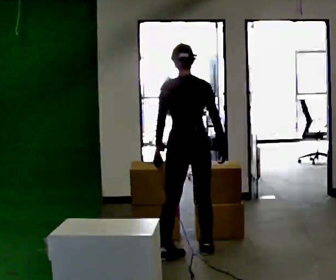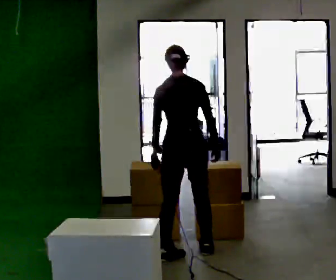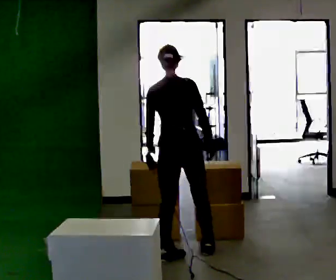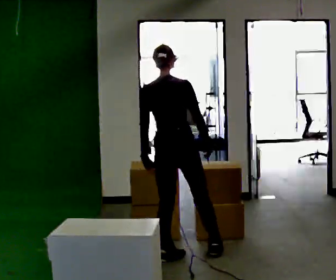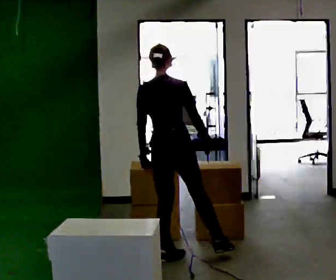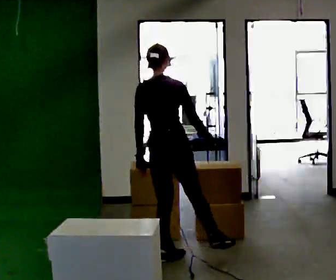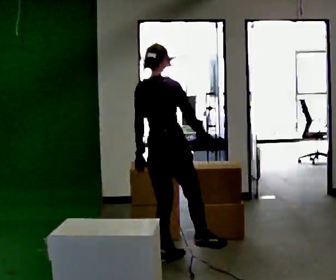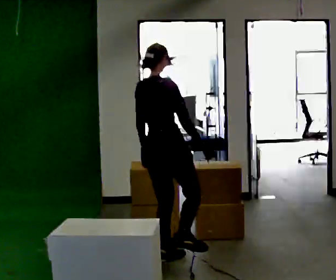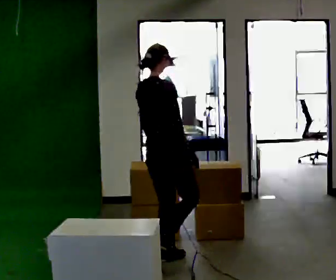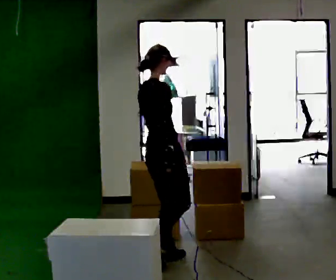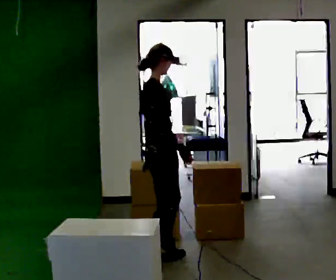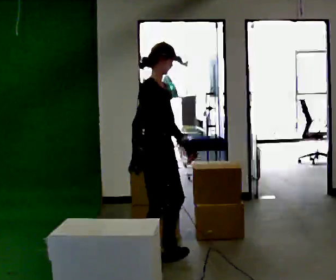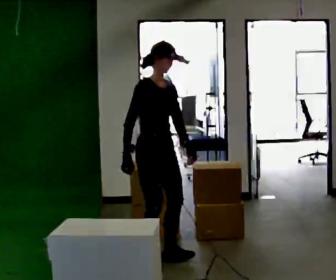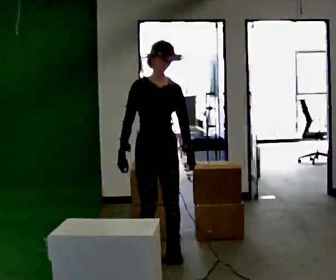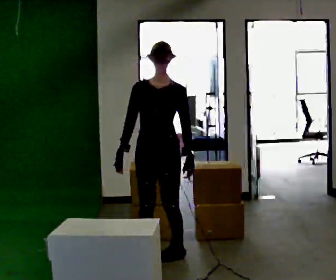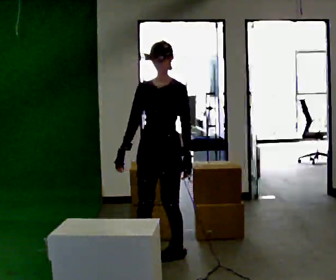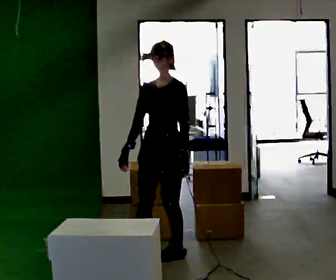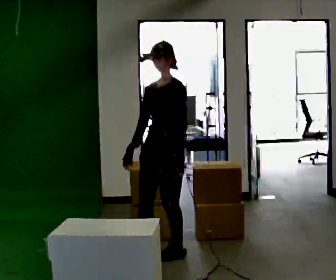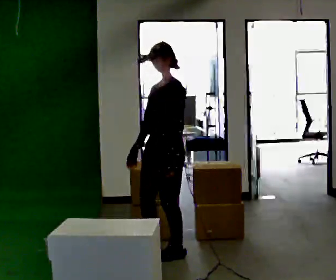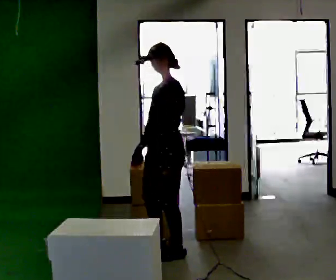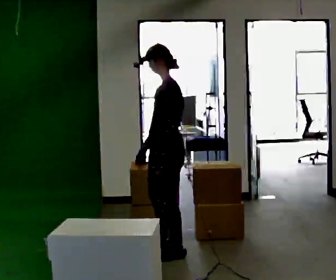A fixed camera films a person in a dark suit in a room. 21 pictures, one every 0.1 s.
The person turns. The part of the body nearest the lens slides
to the left.
The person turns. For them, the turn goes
to their right.
0.0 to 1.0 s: The person turns about 75 degrees to their right, clockwise seen from above, so the part of the body nearest the lens slides to the left. In the picture they go to the left, about 0.25 m in 1 step.
1.0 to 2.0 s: The person turns about 180 degrees to their right, clockwise seen from above, so the part of the body nearest the lens slides to the left.
The film runs backward here.
